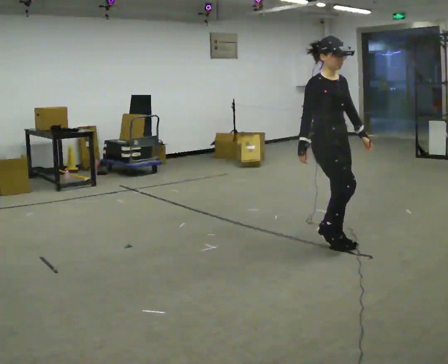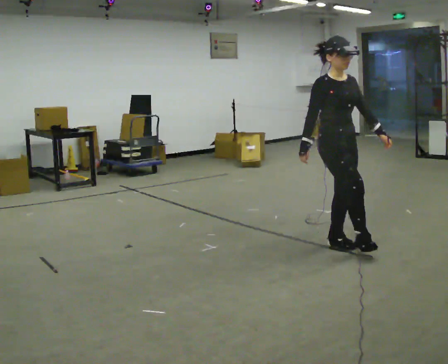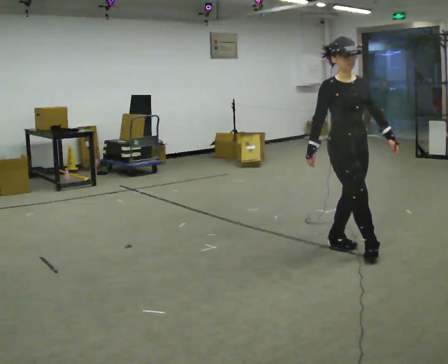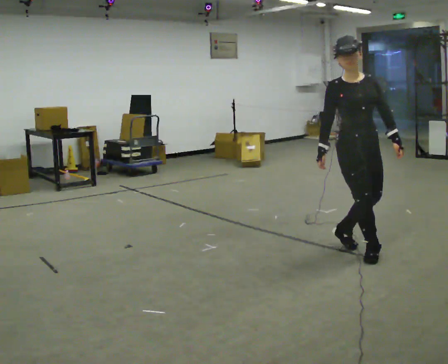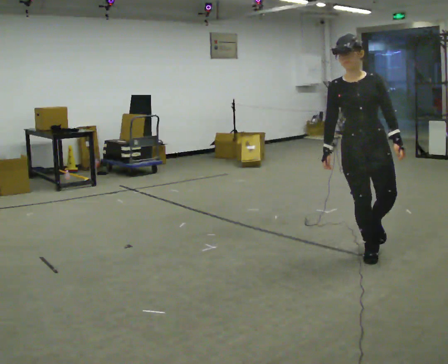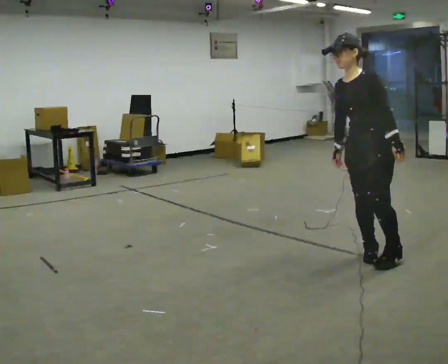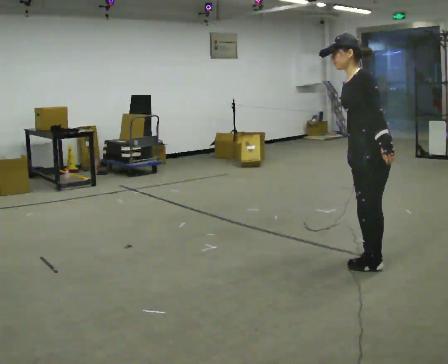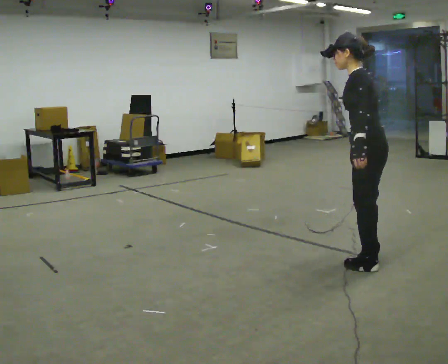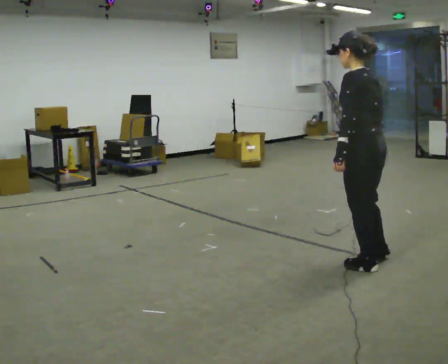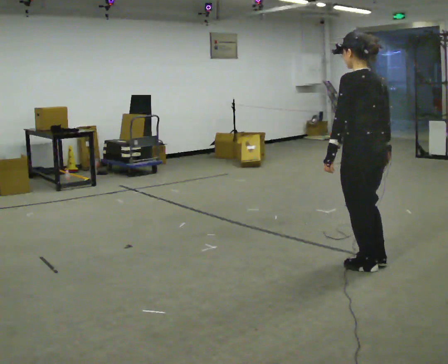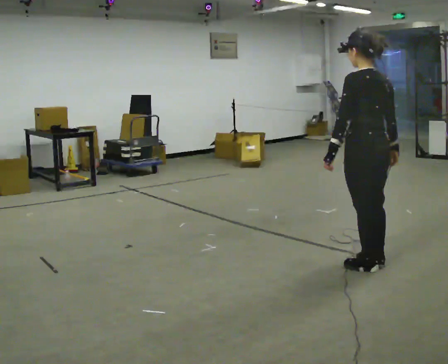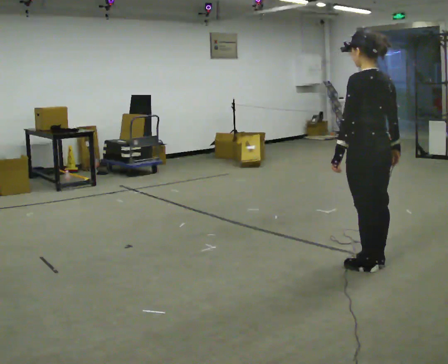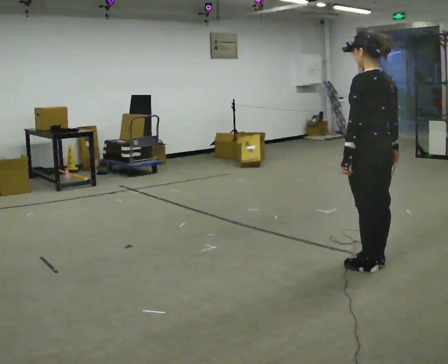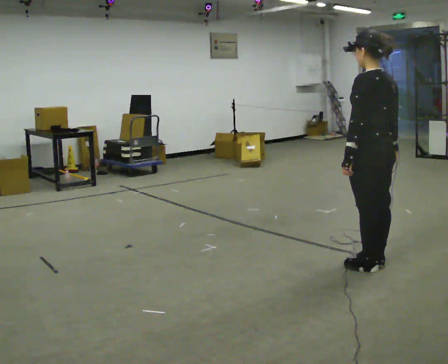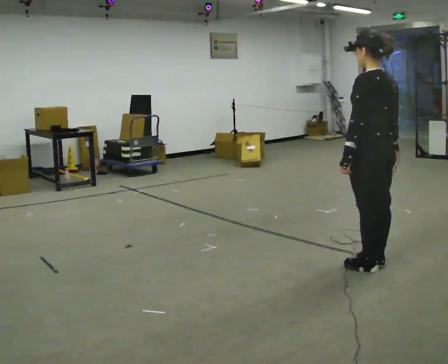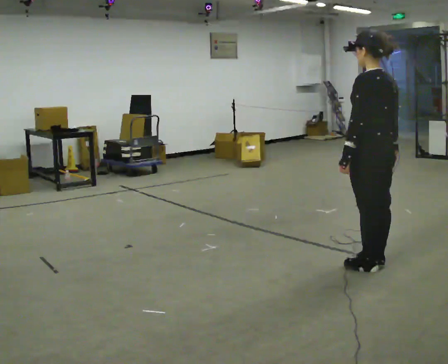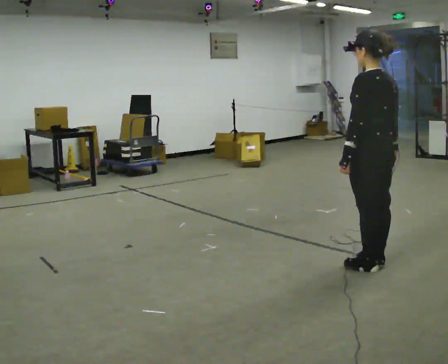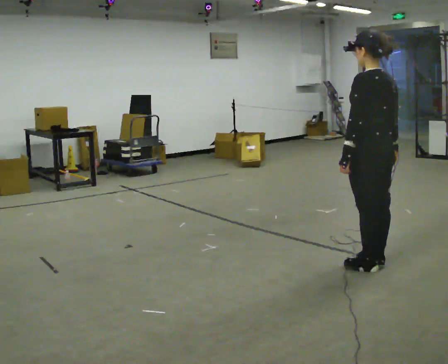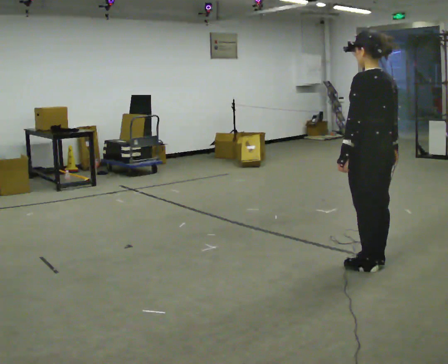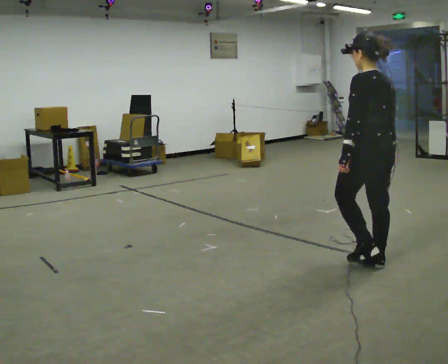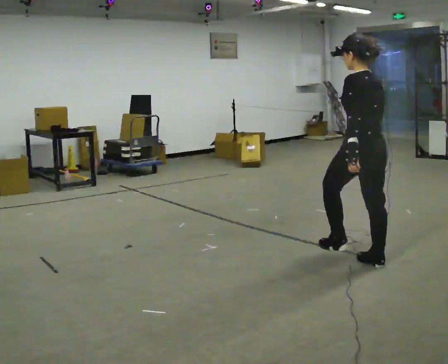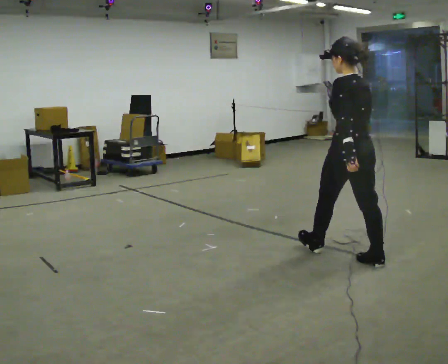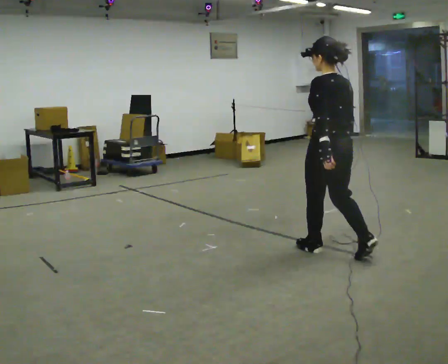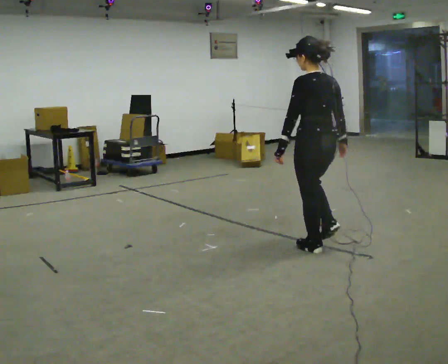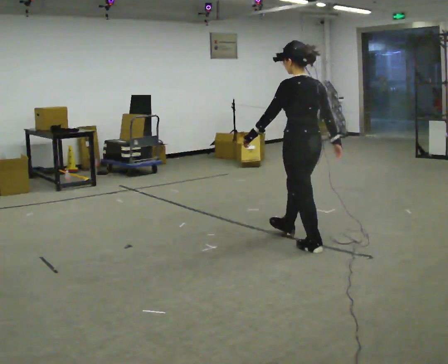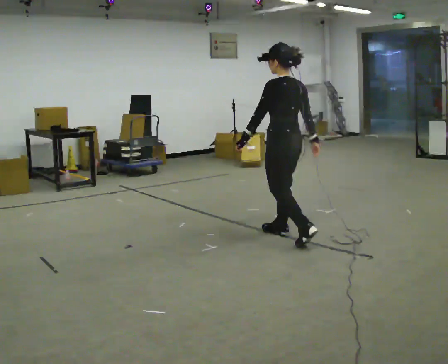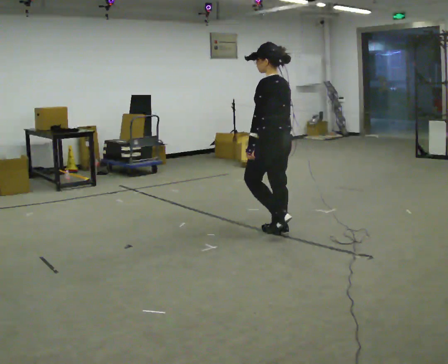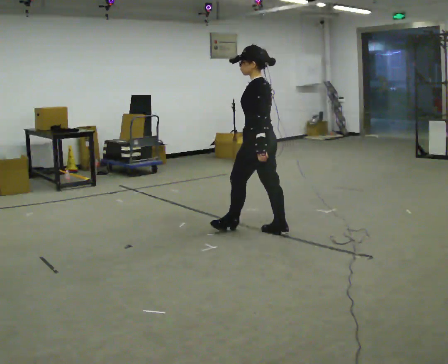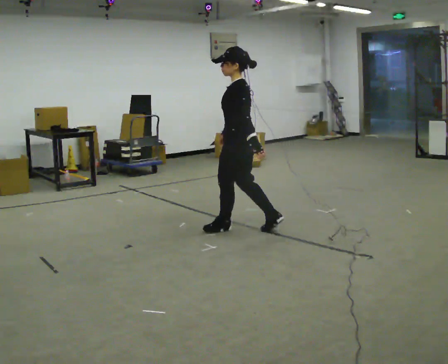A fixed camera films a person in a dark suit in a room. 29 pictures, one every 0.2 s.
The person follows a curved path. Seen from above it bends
clockwise.
0.0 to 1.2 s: Seen from above the body turns clockwise, about 120 degrees: to their right, with its near side sliding to the left. In the picture they go toward the camera and to the right, about 0.5 m in 1 step. In the picture the upper body tilts counterclockwise, shoulders to the left, as they bend forward.
1.2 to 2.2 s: The part of the body nearest the lens slides to the left as the person turns to their right by about 75 degrees. In the picture the upper body tilts clockwise, shoulders to the right, as they lean back or straighten.
2.2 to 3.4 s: The person moves a little, or ends about where they began.
3.4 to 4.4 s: In the picture they go to the left and away from the camera, about 0.5 m in 1 step, which for them is forward.
4.4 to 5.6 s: The person turns about 45 degrees to their left, counterclockwise seen from above, so the part of the body nearest the lens slides to the right. In the picture they go to the left and away from the camera, about 1 m in 2 steps, which for them is forward.
The film runs forward here.
